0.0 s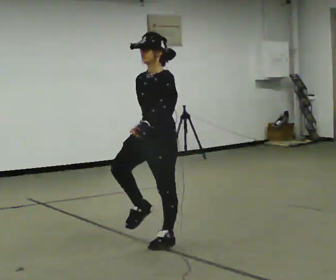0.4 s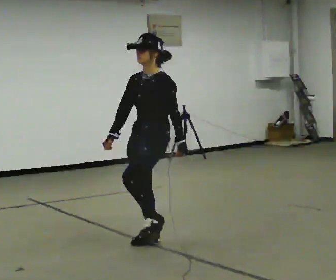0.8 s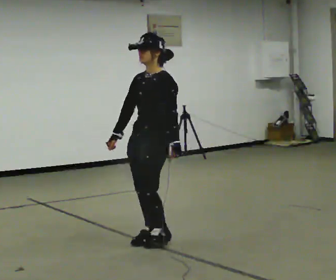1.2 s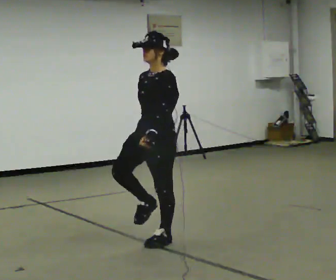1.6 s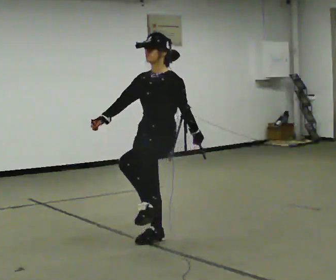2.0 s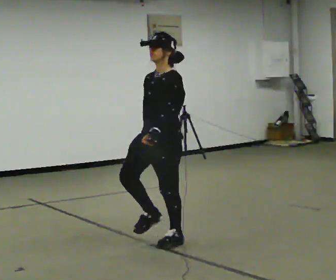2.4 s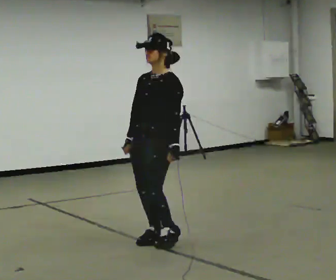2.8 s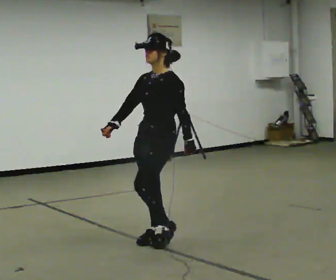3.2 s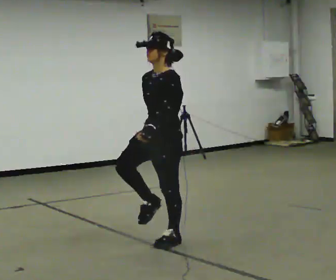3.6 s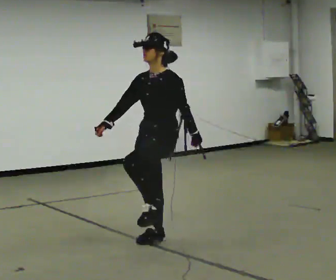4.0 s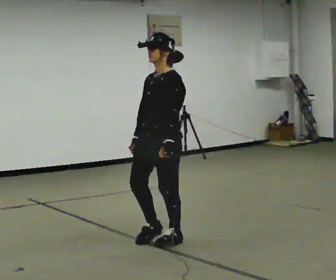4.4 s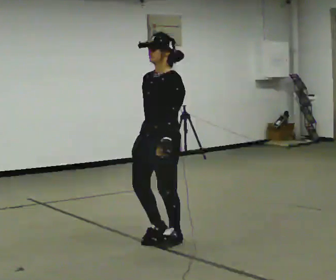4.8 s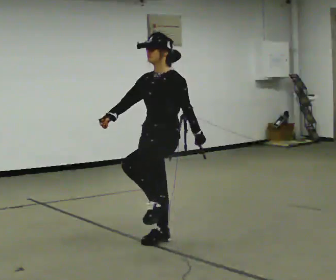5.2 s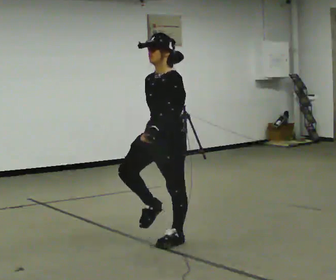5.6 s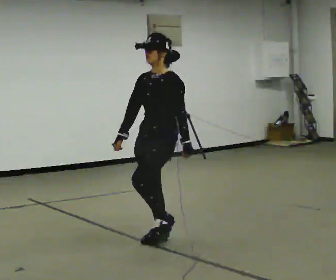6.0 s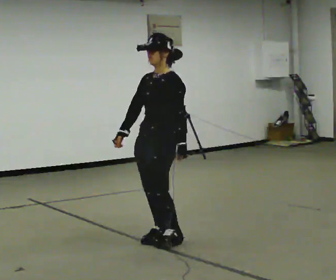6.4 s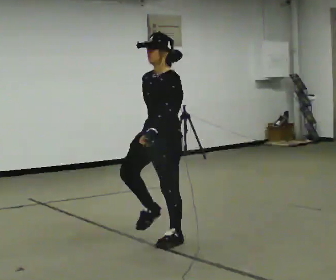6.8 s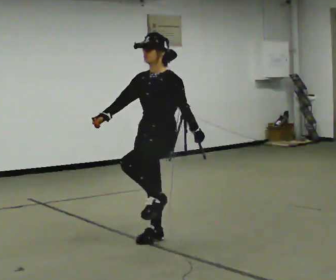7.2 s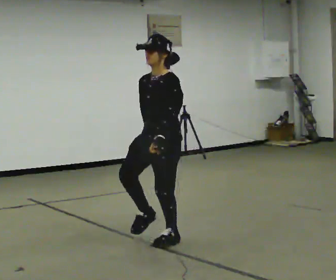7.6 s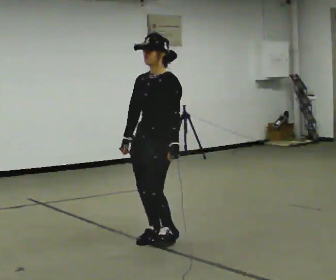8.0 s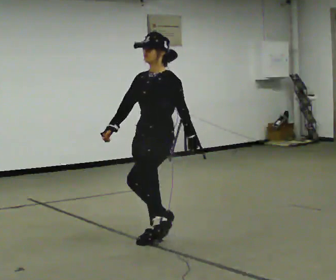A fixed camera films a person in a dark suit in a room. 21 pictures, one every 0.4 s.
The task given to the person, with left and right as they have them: March in place at a comfortable rhythm without moving forward; stop.
0.0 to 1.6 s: In the picture their right hand goes to the left.
1.6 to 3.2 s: In the picture their right hand goes to the right.
3.2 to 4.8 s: In the picture their right hand goes to the left.
4.8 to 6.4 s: In the picture their right hand goes to the right.
6.4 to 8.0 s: In the picture their right hand goes to the left.
The film runs forward here.
